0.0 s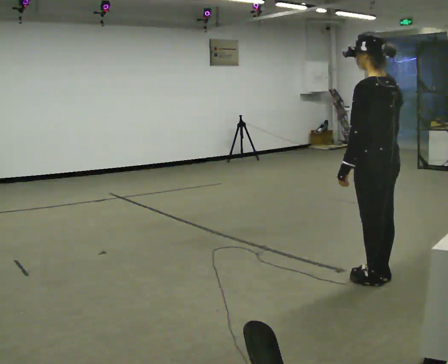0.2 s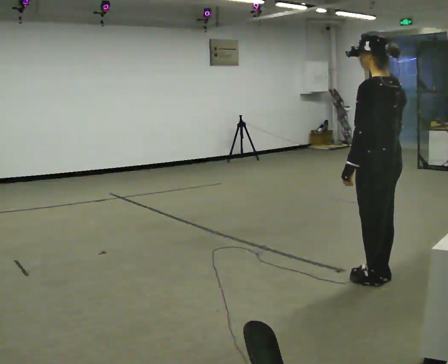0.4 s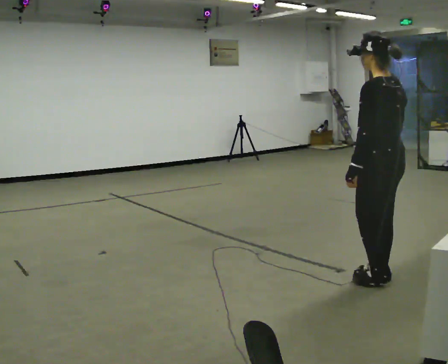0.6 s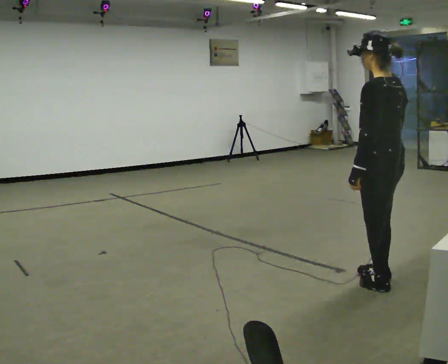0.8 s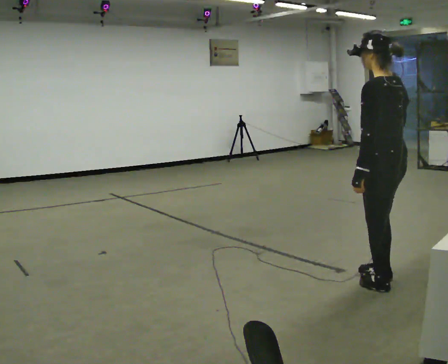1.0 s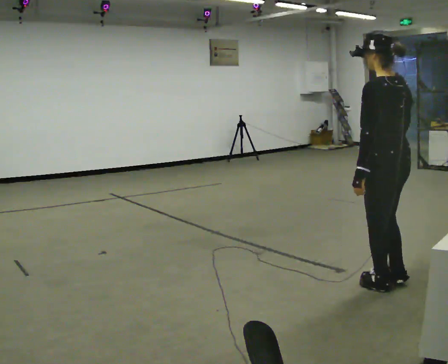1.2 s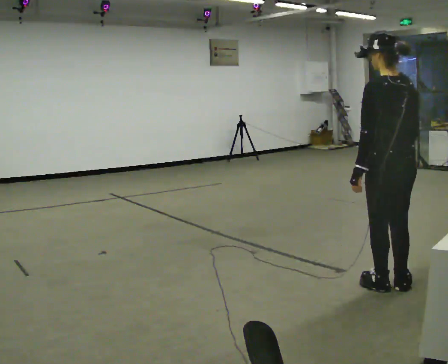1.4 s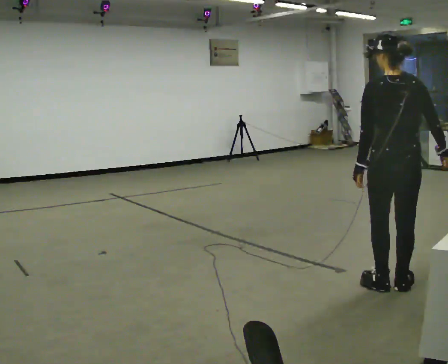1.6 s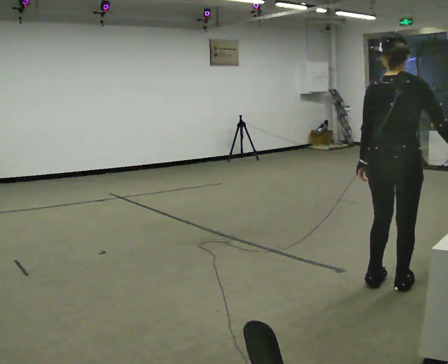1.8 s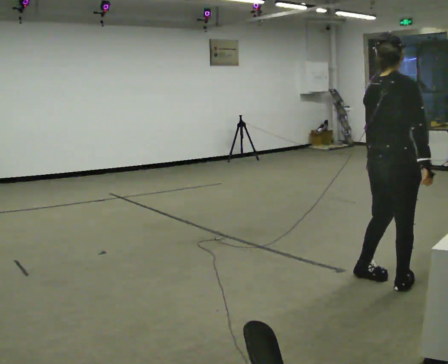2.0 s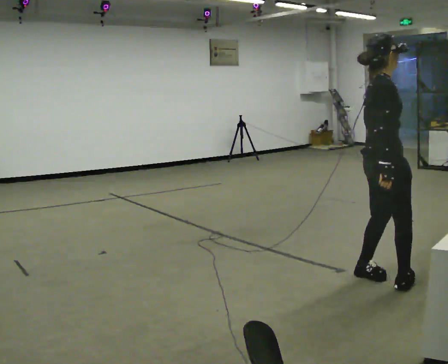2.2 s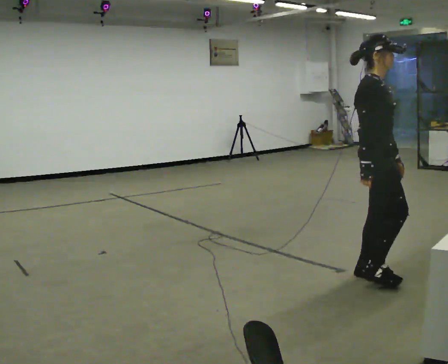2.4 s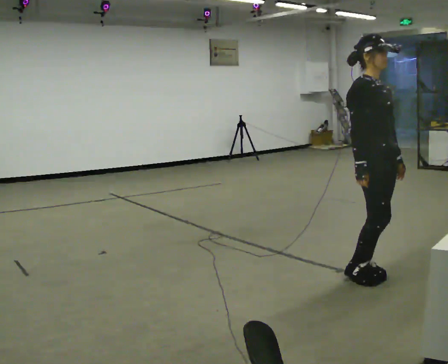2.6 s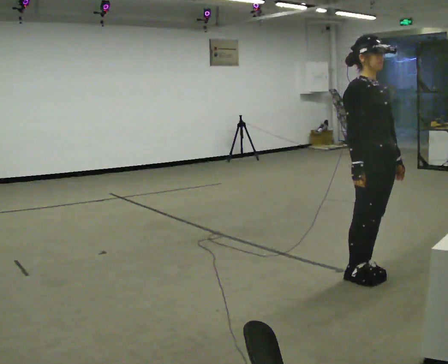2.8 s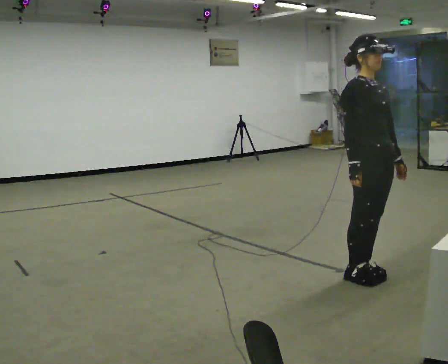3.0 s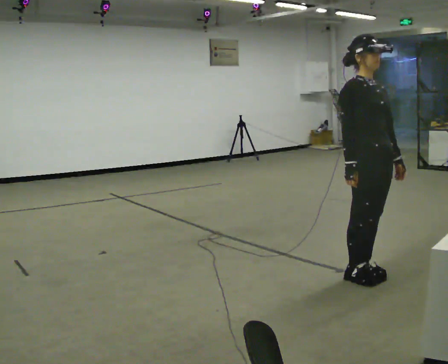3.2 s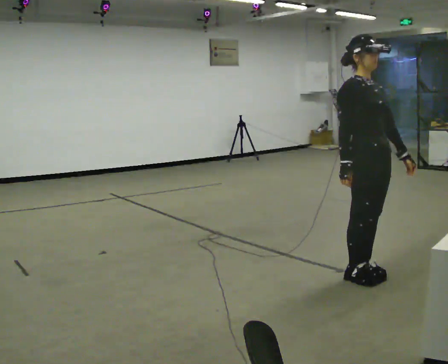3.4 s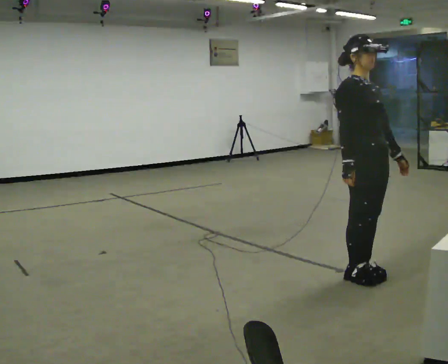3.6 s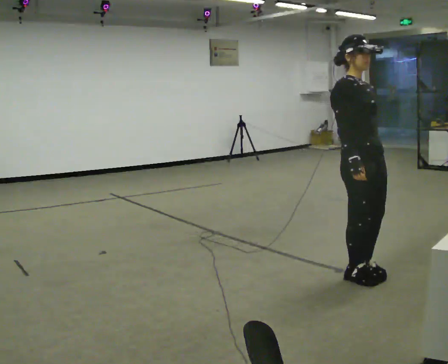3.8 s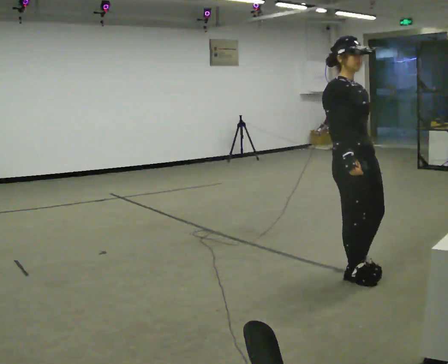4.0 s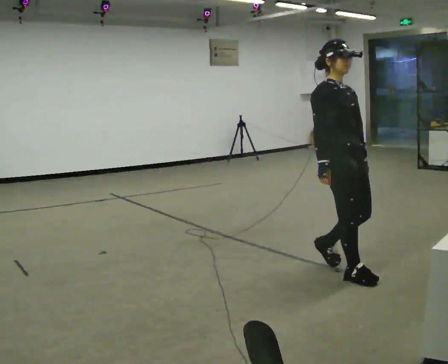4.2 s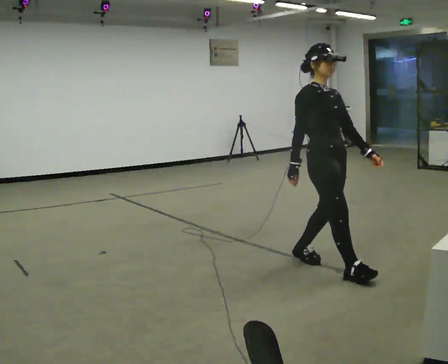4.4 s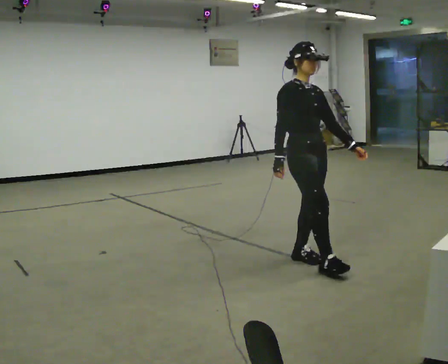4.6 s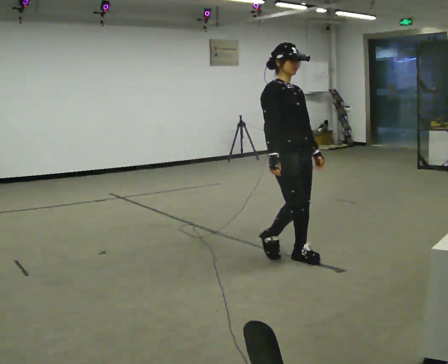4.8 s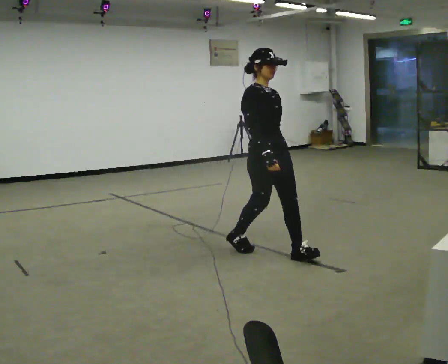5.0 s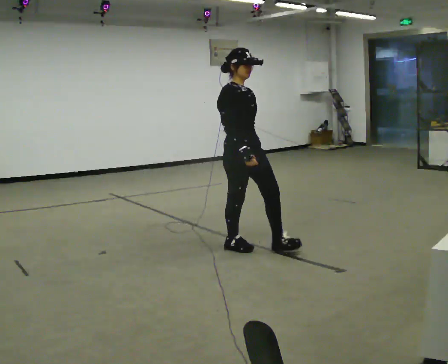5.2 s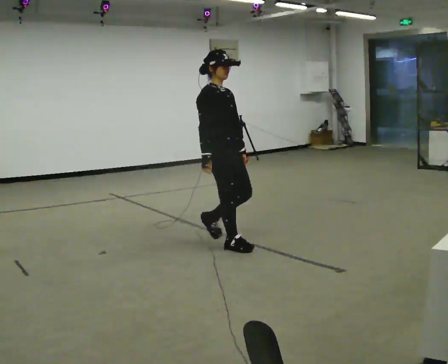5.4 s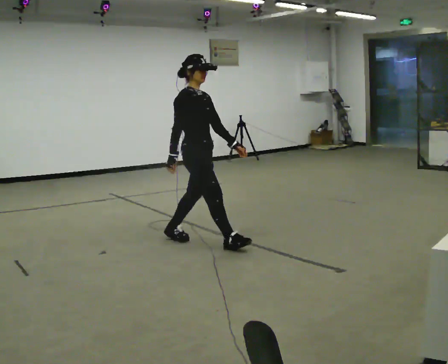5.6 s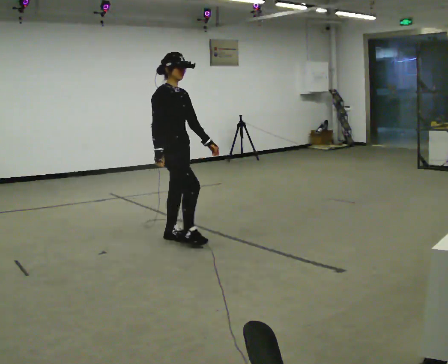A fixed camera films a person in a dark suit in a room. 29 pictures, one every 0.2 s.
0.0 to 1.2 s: The person moves a little, or ends about where they began.
1.2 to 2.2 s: Seen from above the body turns clockwise, about 135 degrees: to their right, with its near side sliding to the left. In the picture they go away from the camera, about 0.25 m in 2 steps.
2.2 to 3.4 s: The part of the body nearest the lens slides to the left as the person turns to their right by about 30 degrees.
3.4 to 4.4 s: In the picture they go to the left and away from the camera, about 0.5 m in 2 steps, which for them is backward.
4.4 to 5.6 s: In the picture they go to the left and away from the camera, about 1 m in 2 steps, which for them is backward.
The film runs backward here.
